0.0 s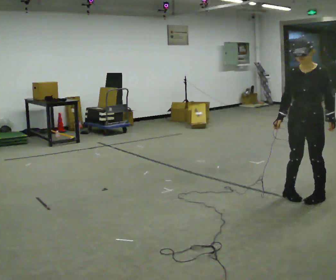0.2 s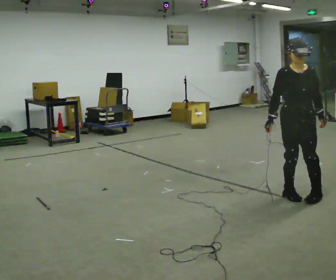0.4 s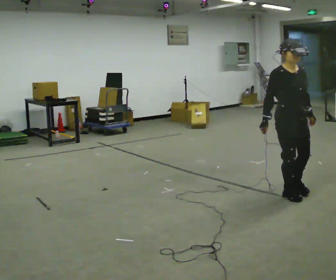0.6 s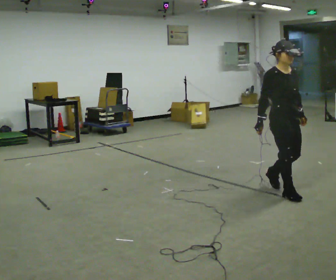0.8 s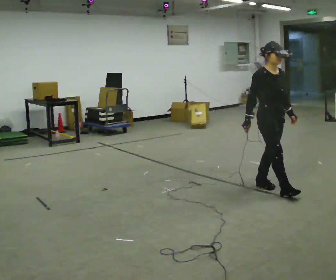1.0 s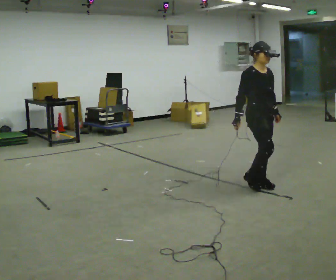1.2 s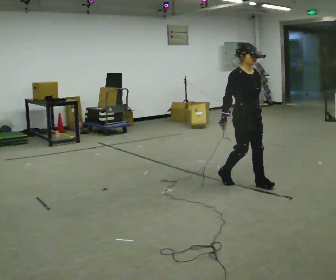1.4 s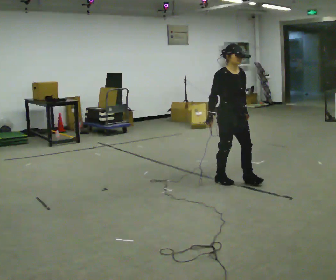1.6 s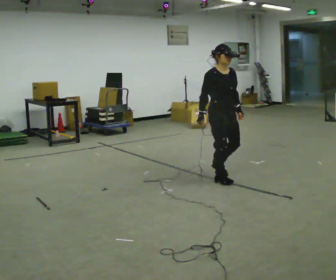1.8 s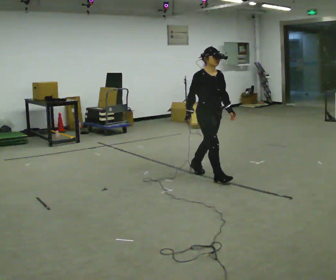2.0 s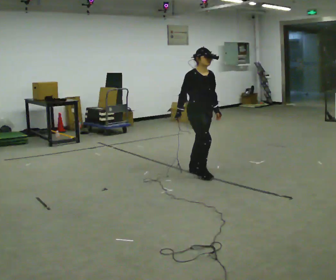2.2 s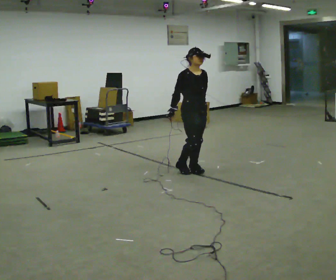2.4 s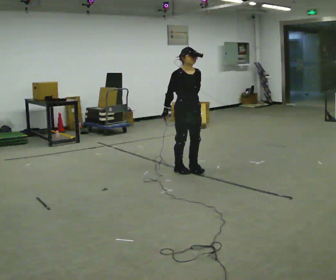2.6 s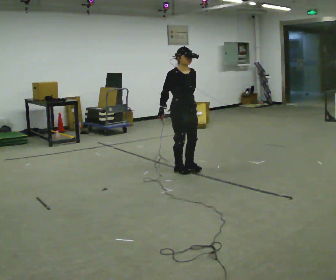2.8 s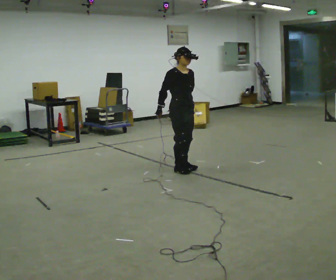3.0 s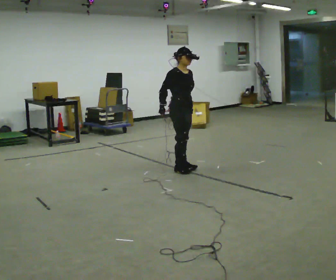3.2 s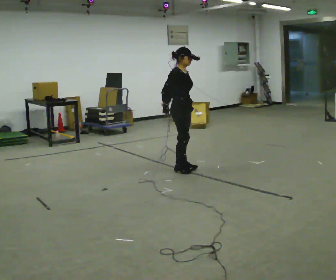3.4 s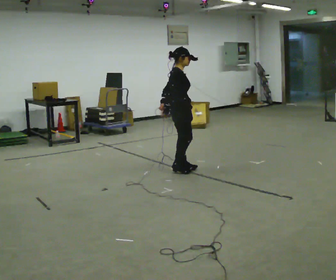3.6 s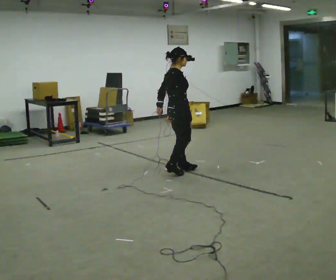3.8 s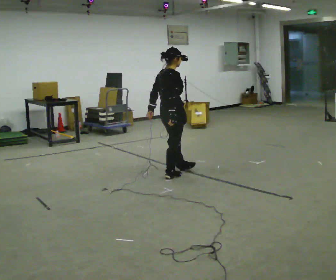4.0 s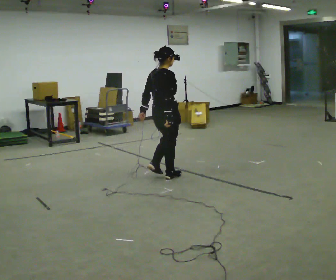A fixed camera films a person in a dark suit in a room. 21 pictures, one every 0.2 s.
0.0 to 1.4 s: Seen from above the body turns counterclockwise, about 75 degrees: to their left, with its near side sliding to the right. In the picture they go away from the camera and to the left, about 1 m in 3 steps.
1.4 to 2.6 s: In the picture they go away from the camera and to the left, about 0.5 m in 1 step, which for them is backward.
2.6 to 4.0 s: The part of the body nearest the lens slides to the right as the person turns to their left by about 90 degrees. In the picture they go toward the camera and to the left, about 0.25 m in 2 steps.
The film runs backward here.
